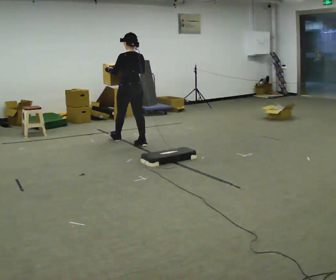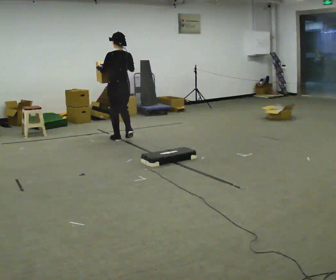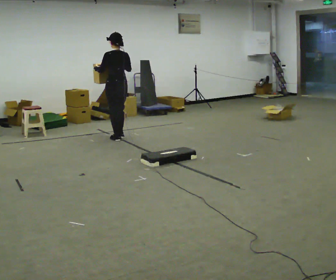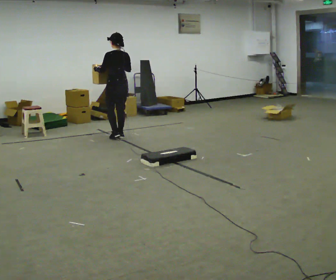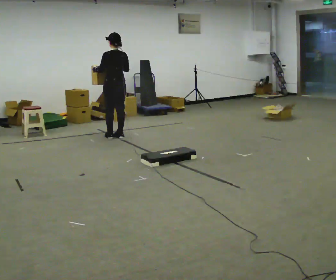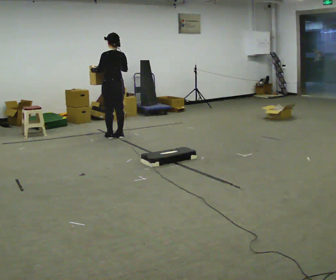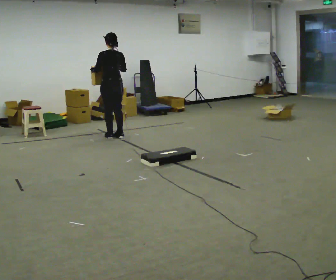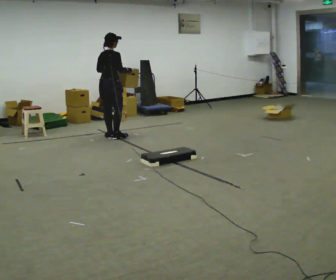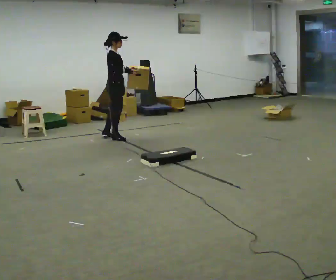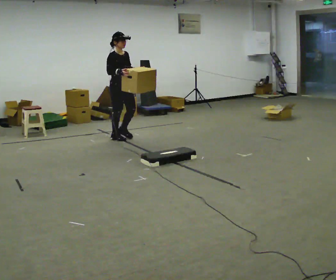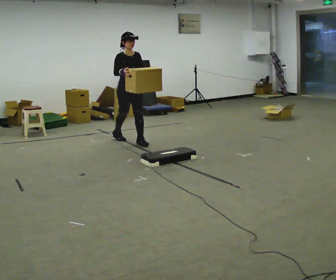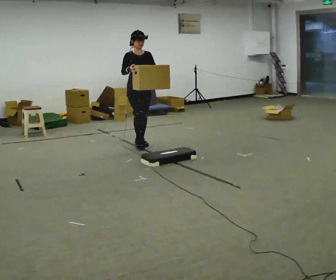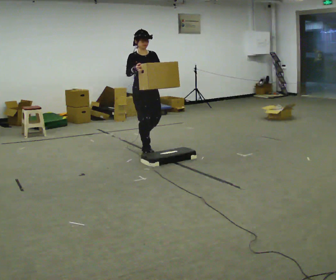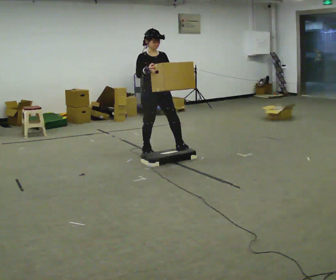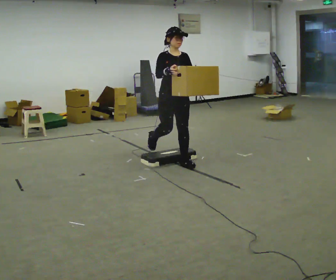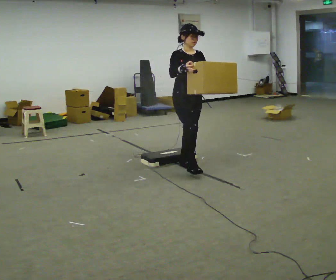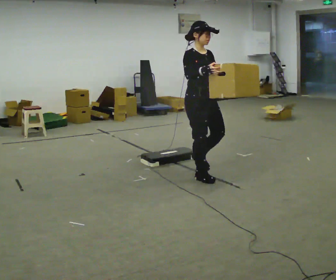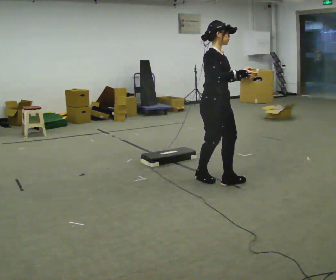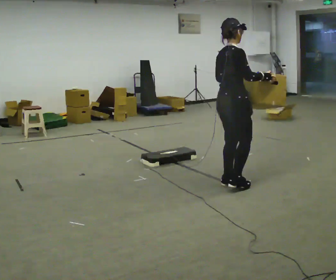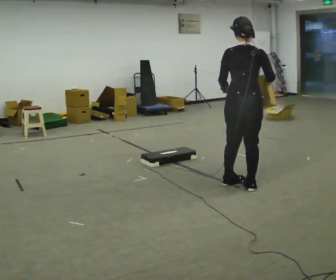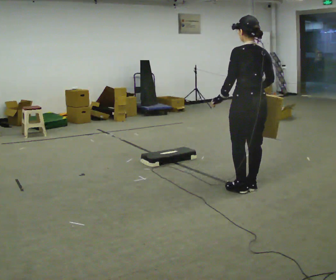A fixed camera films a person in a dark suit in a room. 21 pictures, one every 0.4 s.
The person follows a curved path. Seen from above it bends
counterclockwise.
0.0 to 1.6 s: In the picture they go away from the camera and to the left, about 0.5 m in 2 steps, which for them is forward.
1.6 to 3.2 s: The part of the body nearest the lens slides to the left as the person turns to their right by about 120 degrees. In the picture their left hand goes to the right.
3.2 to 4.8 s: Seen from above the body turns clockwise, about 60 degrees: to their right, with its near side sliding to the left. In the picture they go toward the camera and to the right, about 1 m in 2 steps.
4.8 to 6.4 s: In the picture they go toward the camera and to the right, about 1.5 m in 2 steps, which for them is forward.
6.4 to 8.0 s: The part of the body nearest the lens slides to the right as the person turns to their left by about 165 degrees. In the picture they go toward the camera and to the right, about 0.75 m in 3 steps.
The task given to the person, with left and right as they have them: Carry the box over the low sill without stopping, then bring it back over. Keep going until the operator says stop; one object at a time, and do not rush between trips.
The film runs forward here.
